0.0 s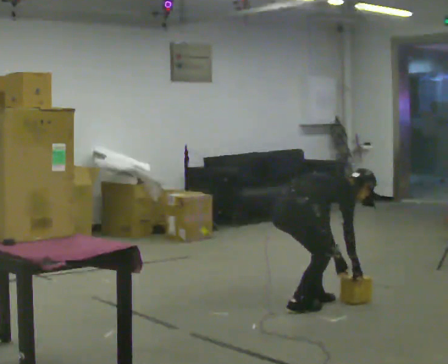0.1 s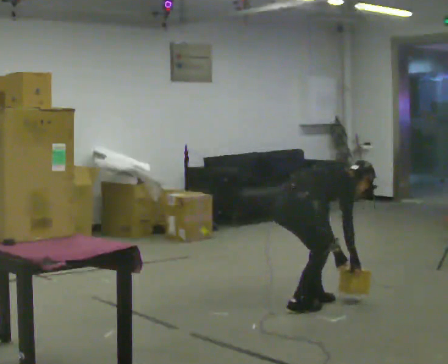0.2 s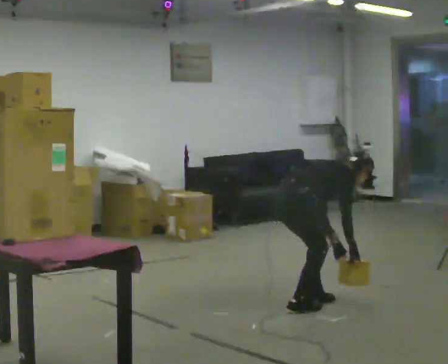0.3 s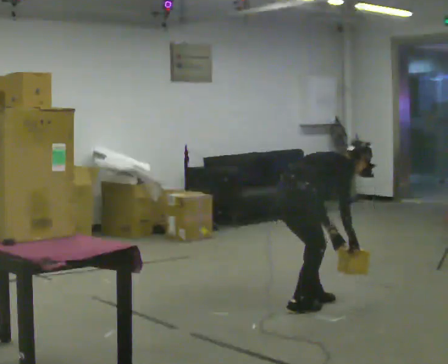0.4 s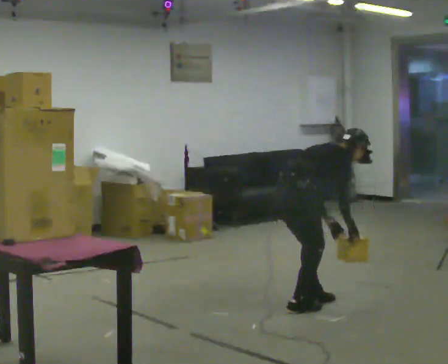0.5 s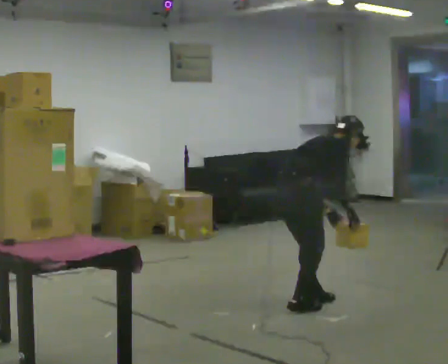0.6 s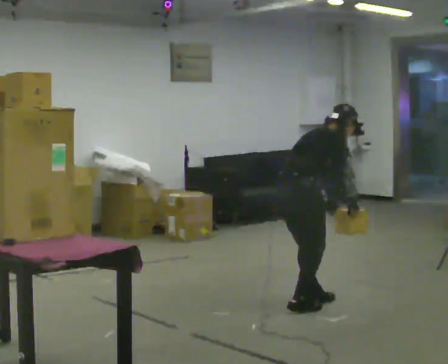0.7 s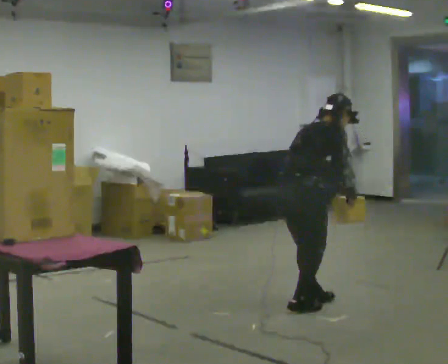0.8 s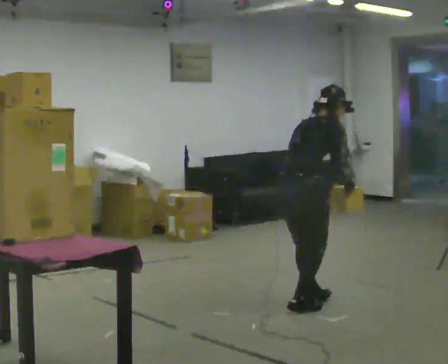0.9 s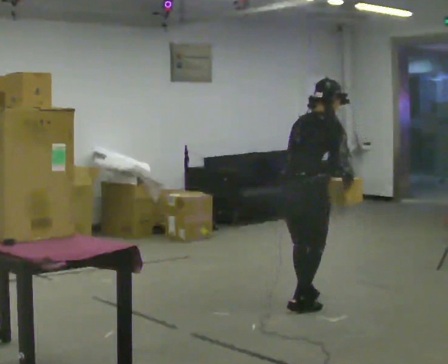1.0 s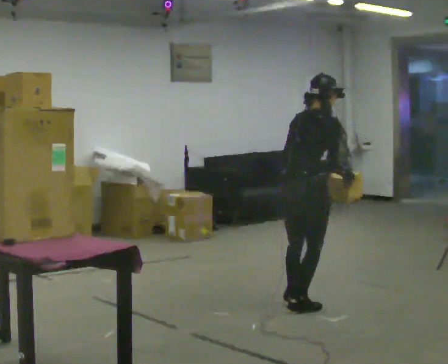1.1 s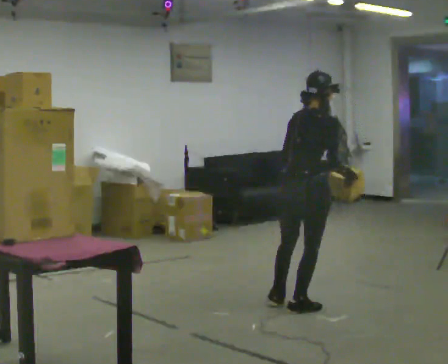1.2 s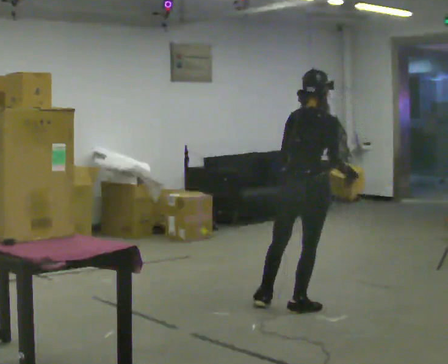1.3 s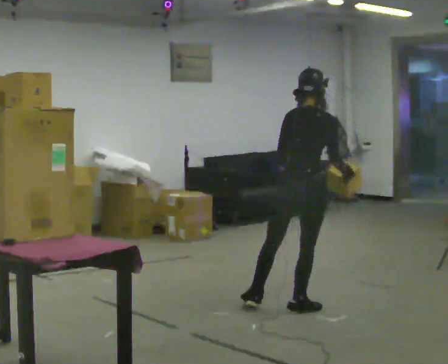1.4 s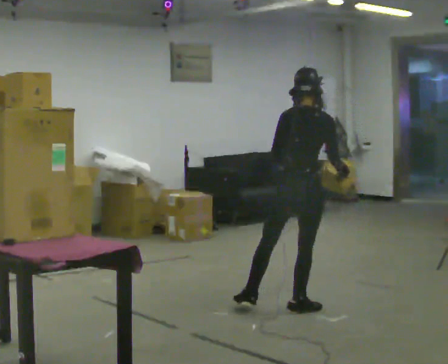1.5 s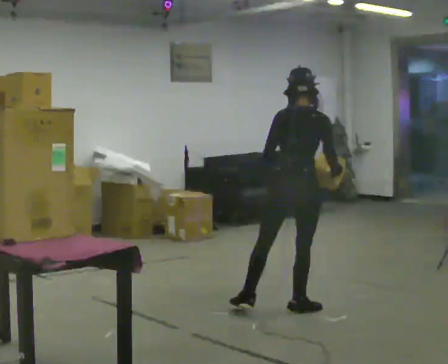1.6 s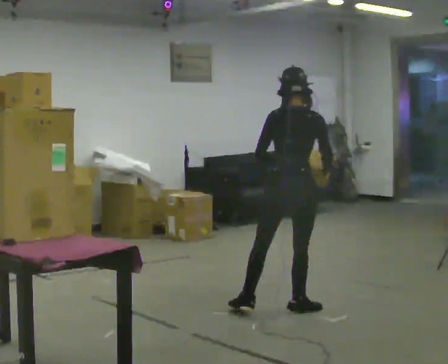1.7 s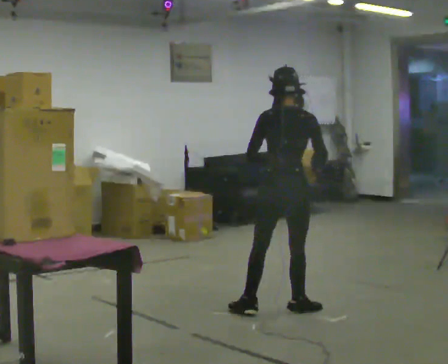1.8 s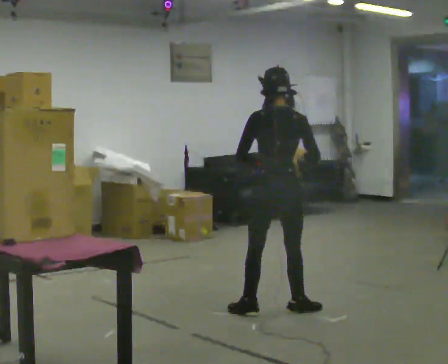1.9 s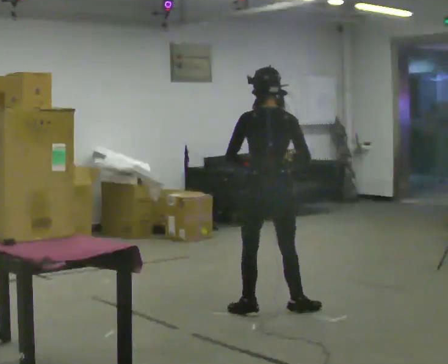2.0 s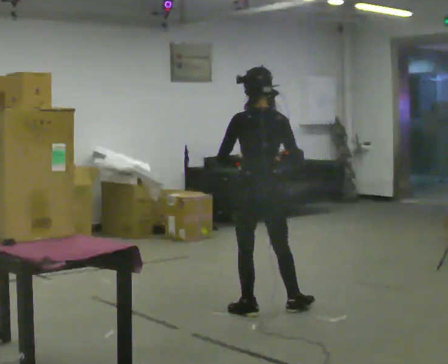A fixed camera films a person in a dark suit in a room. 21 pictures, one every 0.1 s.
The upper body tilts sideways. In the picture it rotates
counterclockwise.
Their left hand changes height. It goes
upward.
0.0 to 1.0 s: The upper body goes upward. In the picture the upper body tilts counterclockwise, shoulders to the left, as they lean back or straighten. In the picture their left hand goes upward.
1.0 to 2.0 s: The person turns about 75 degrees to their left, counterclockwise seen from above, so the part of the body nearest the lens slides to the right. In the picture they go to the left, about 0.25 m in 1 step.
The film runs forward here.
